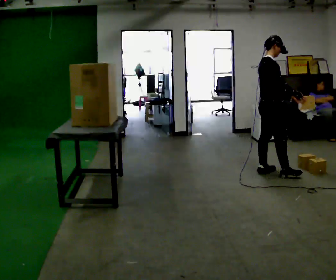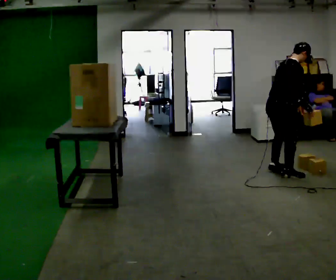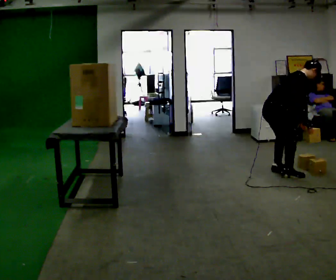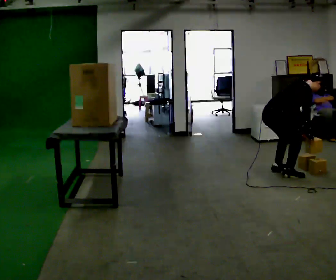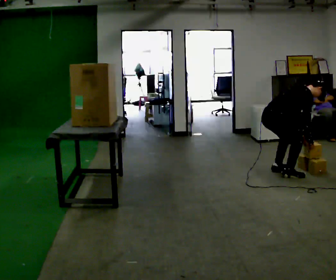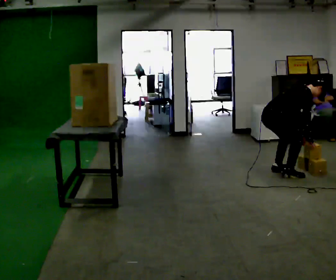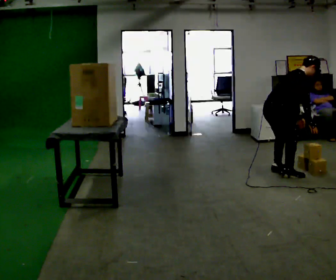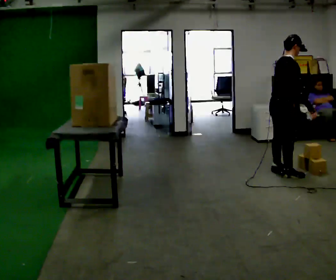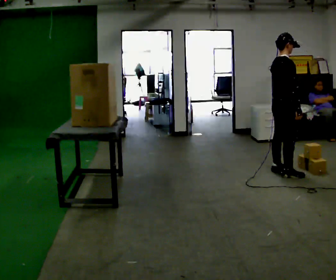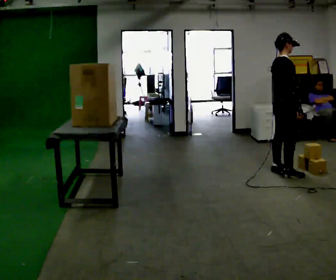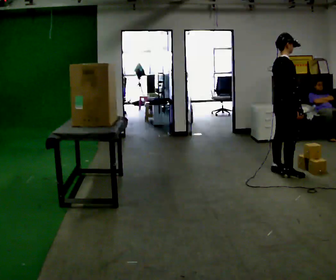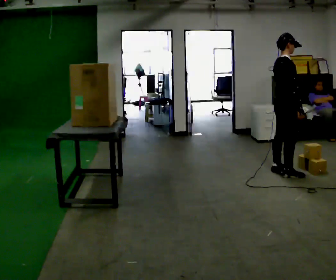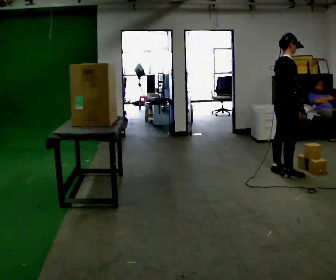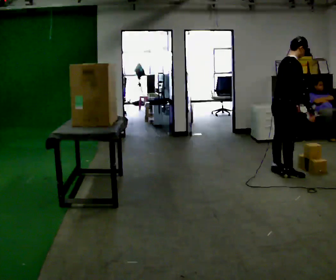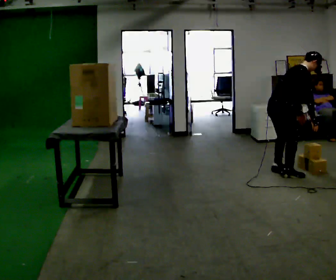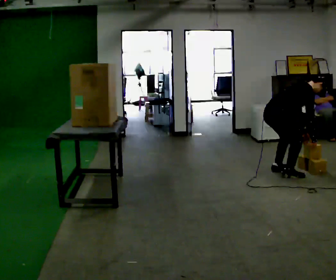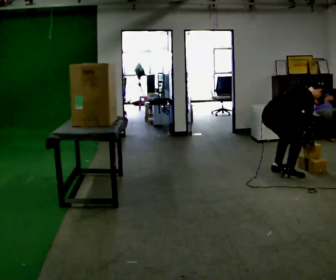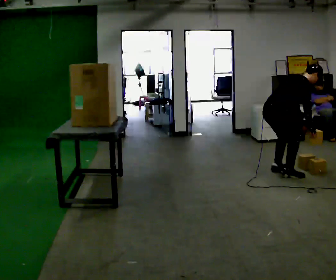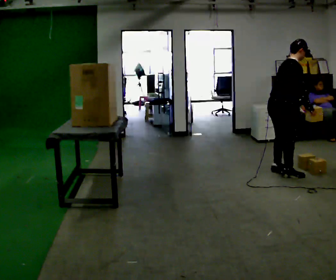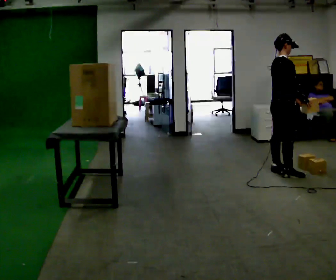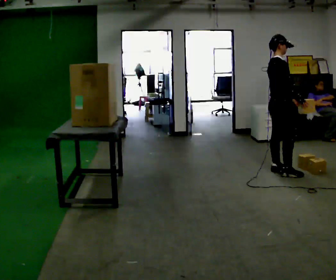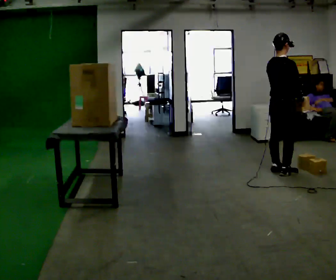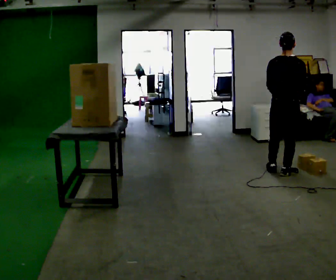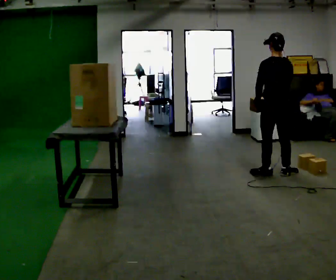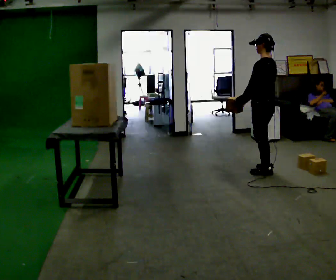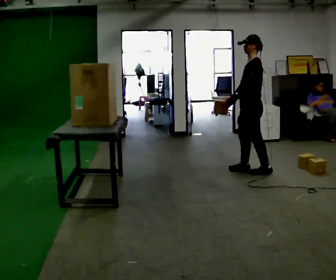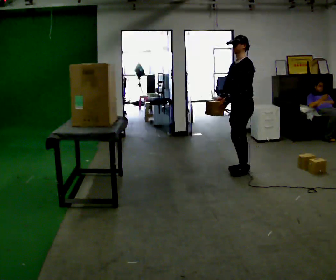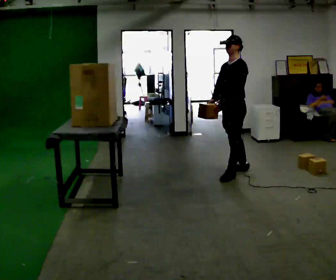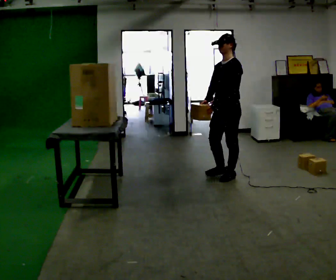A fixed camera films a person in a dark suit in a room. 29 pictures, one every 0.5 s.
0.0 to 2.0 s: The shoulders move downward. In the picture the upper body tilts clockwise, shoulders to the right, as they bend forward. In the picture their right hand goes downward.
2.0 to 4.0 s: The upper body goes upward. In the picture the upper body tilts counterclockwise, shoulders to the left, as they lean back or straighten. In the picture their right hand goes upward.
4.0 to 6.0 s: The person moves a little, or ends about where they began.
6.0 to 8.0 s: The shoulders move downward. In the picture the upper body tilts clockwise, shoulders to the right, as they bend forward. In the picture their right hand goes downward.
8.0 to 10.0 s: In the picture they go away from the camera, about 0.25 m, which for them is forward and to their left. The upper body goes upward. In the picture the upper body tilts counterclockwise, shoulders to the left, as they lean back or straighten. In the picture their right hand goes upward.
10.0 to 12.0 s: The person turns about 150 degrees to their left, counterclockwise seen from above, so the part of the body nearest the lens slides to the right. In the picture their right hand goes to the left, the arm swinging clockwise.
12.0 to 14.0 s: Seen from above the body turns counterclockwise, about 60 degrees: to their left, with its near side sliding to the right. In the picture they go to the left, about 0.5 m in 2 steps.
The film runs forward here.
